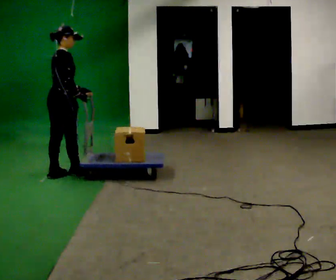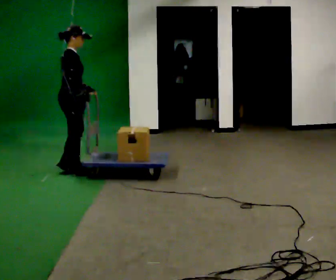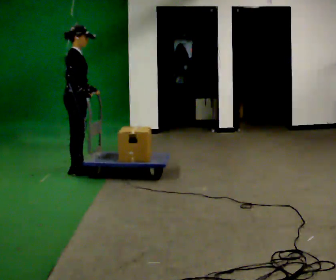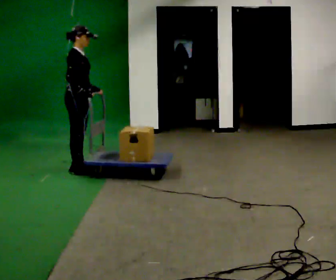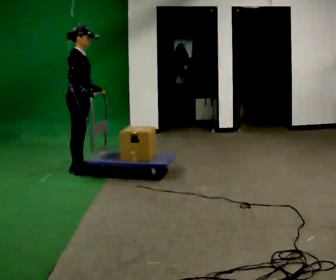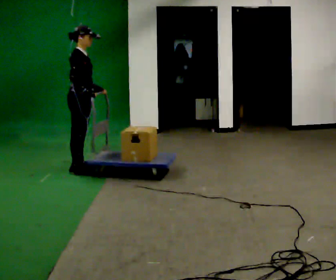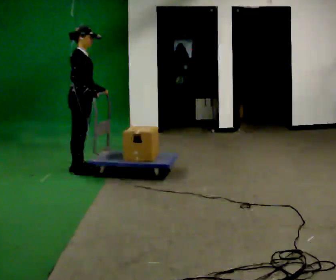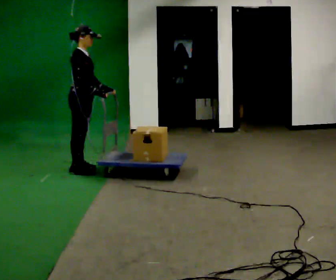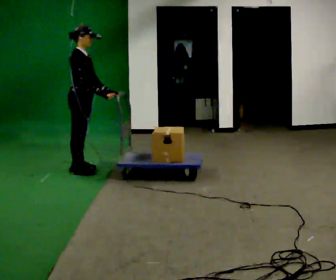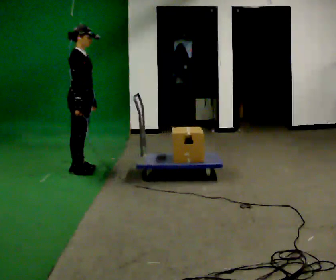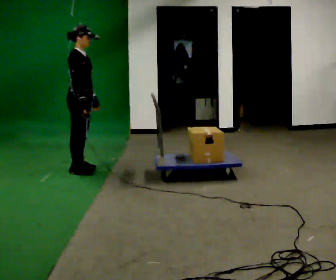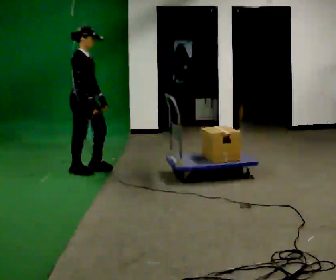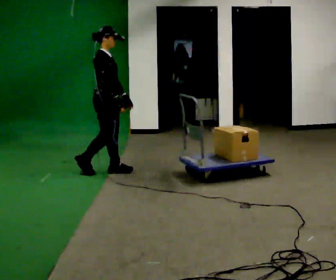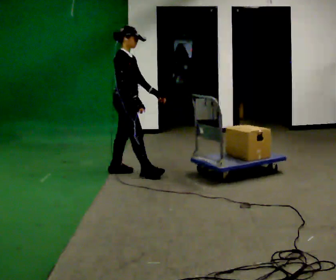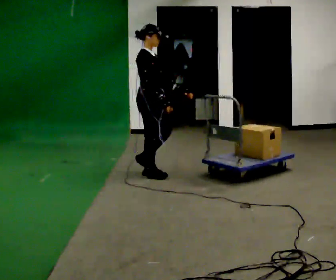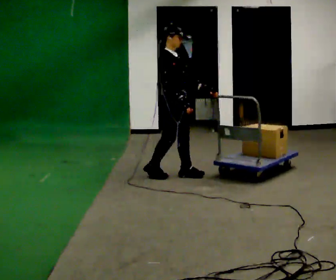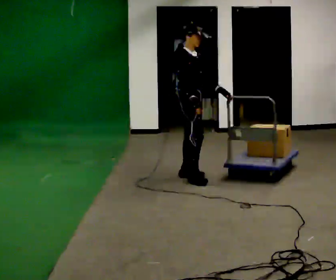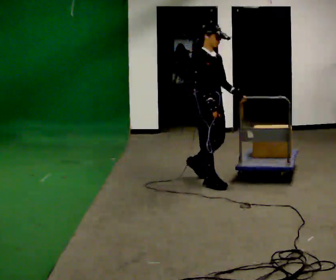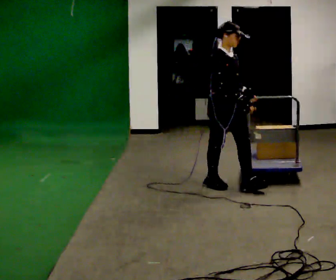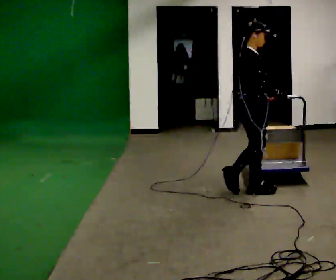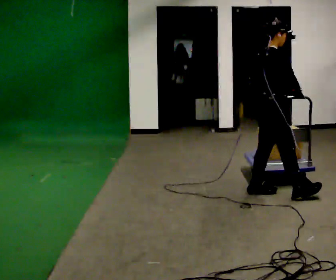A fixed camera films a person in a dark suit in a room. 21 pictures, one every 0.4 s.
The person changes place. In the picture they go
to the right.
The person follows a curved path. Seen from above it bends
clockwise.
0.0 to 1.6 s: Seen from above the body turns clockwise, about 45 degrees: to their right, with its near side sliding to the left. In the picture they go away from the camera and to the right, about 0.25 m in 1 step, which for them is to their left and forward.
1.6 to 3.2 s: The person moves a little, or ends about where they began.
3.2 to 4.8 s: In the picture they go to the right, about 0.25 m in 1 step, which for them is forward.
4.8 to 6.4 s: Seen from above the body turns clockwise, about 30 degrees: to their right, with its near side sliding to the left. In the picture they go to the right and toward the camera, about 1 m in 2 steps, which for them is forward.
6.4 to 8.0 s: The part of the body nearest the lens slides to the right as the person turns to their left by about 45 degrees. In the picture they go toward the camera and to the right, about 1 m in 3 steps, which for them is forward.
The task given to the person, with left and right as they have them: Stand still with your hands on the cart. When the operator says go, get it moving, push it a few metres, then bring it to a stop. Repeat until the operator says stop.
The film runs forward here.
